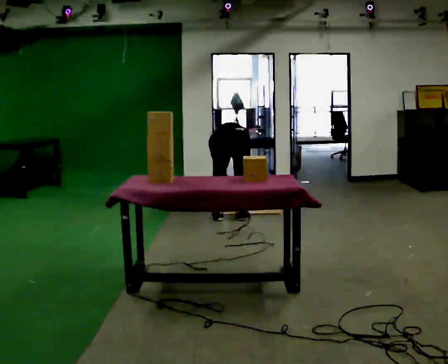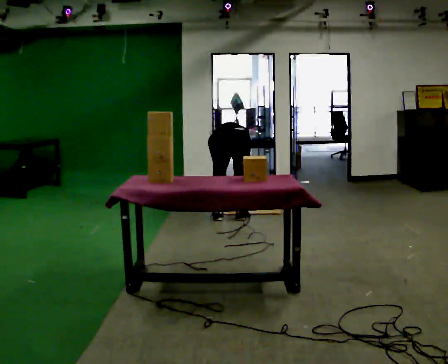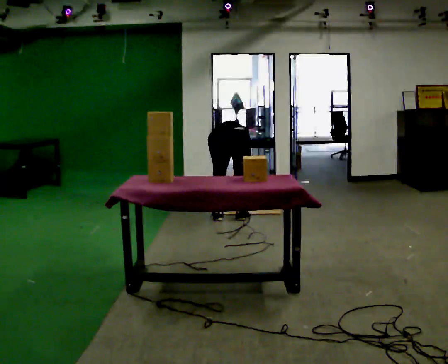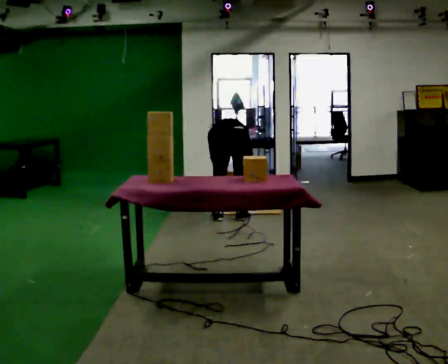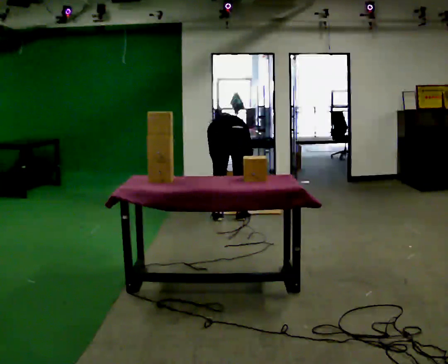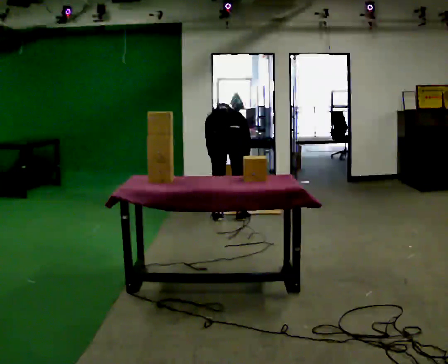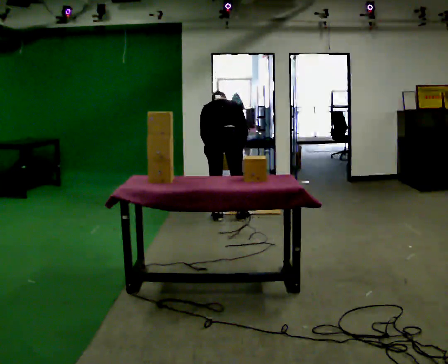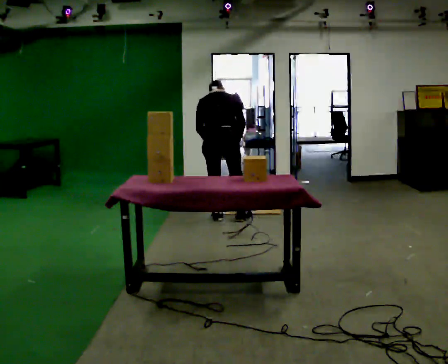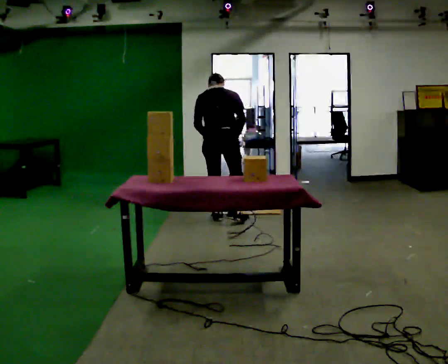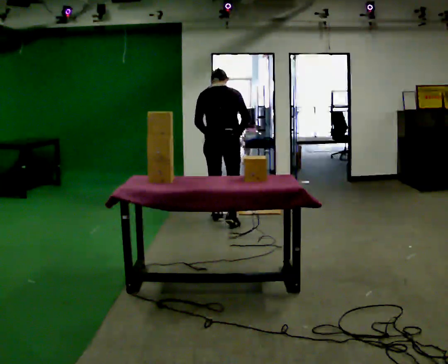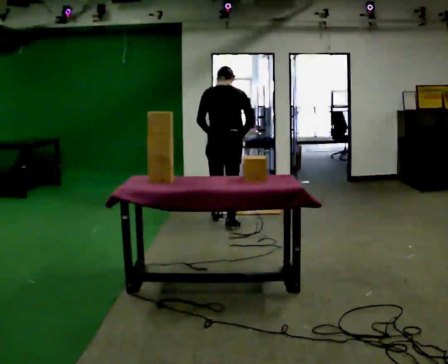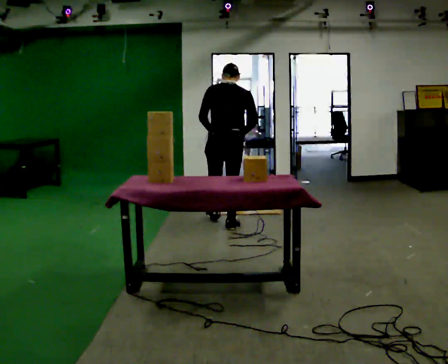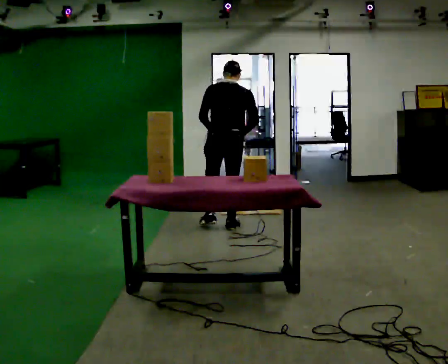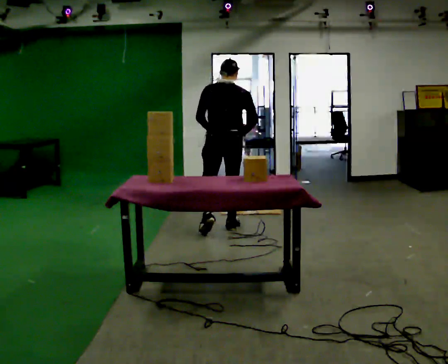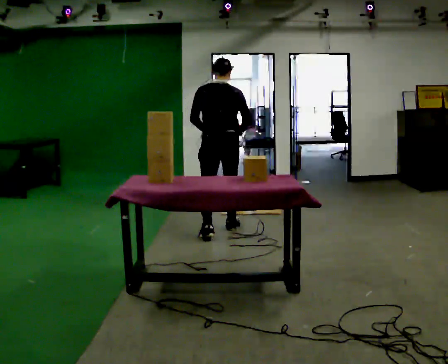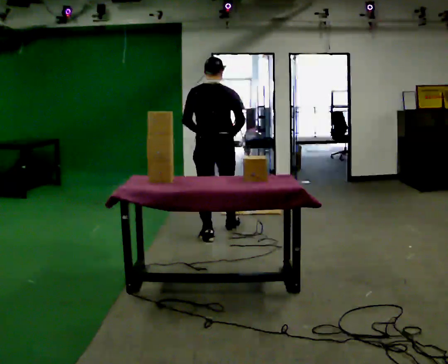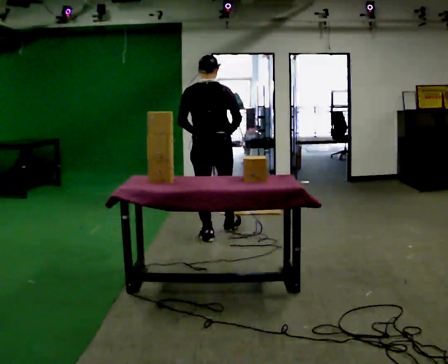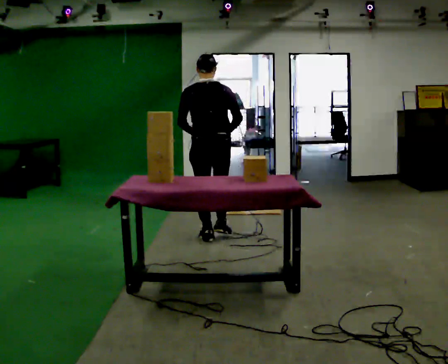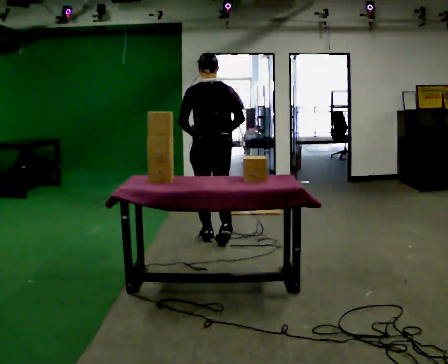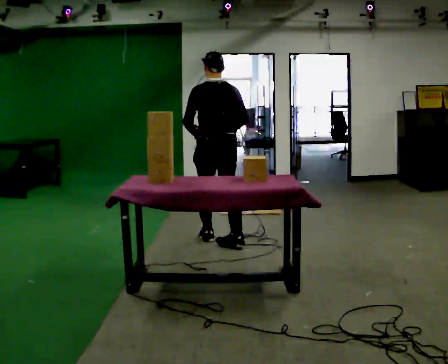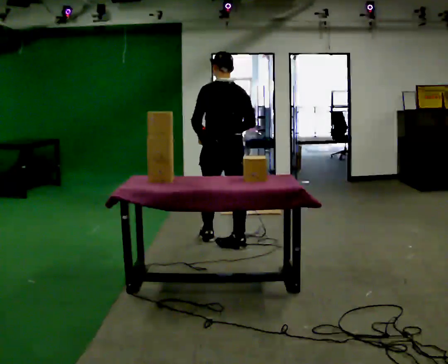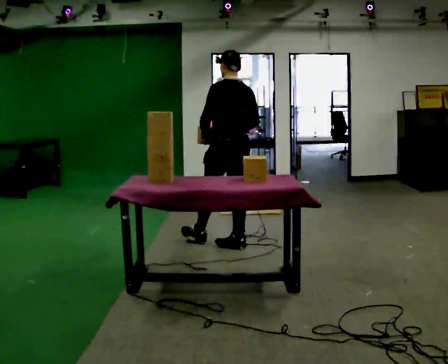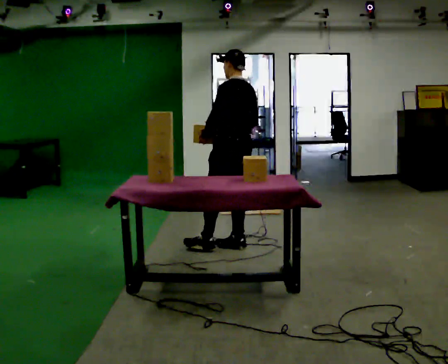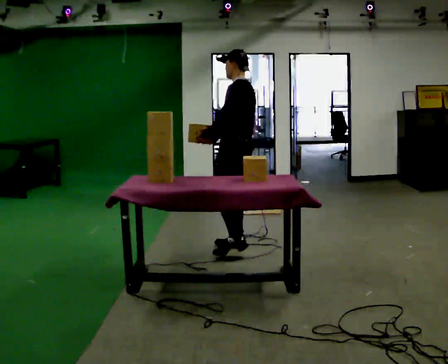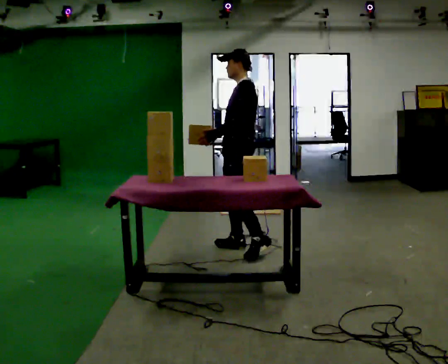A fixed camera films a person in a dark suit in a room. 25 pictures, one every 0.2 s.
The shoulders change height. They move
upward.
The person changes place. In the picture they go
toward the camera.
0.0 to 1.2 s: The upper body goes upward. The upper body tips toward the camera, its near side rolling downward, as they lean back or straighten. In the picture their right hand goes upward.
1.2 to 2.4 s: In the picture they go toward the camera, about 0.25 m in 2 steps, which for them is backward. The shoulders move upward. The upper body tips toward the camera, its near side rolling downward, as they lean back or straighten.
2.4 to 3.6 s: In the picture they go toward the camera, about 0.5 m in 1 step, which for them is backward.
3.6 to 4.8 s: The part of the body nearest the lens slides to the right as the person turns to their left by about 75 degrees. In the picture they go toward the camera and to the right, about 0.25 m in 1 step.
The film runs backward here.
